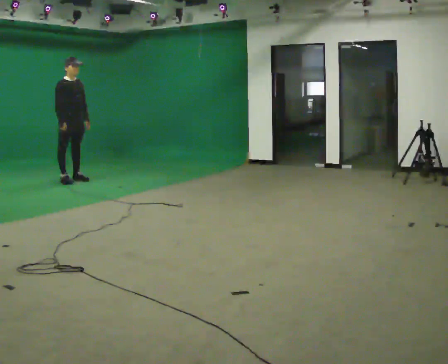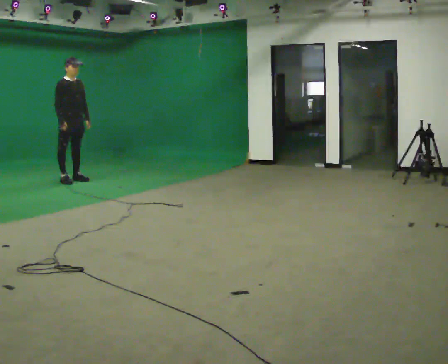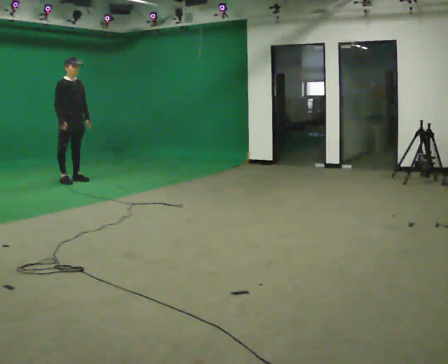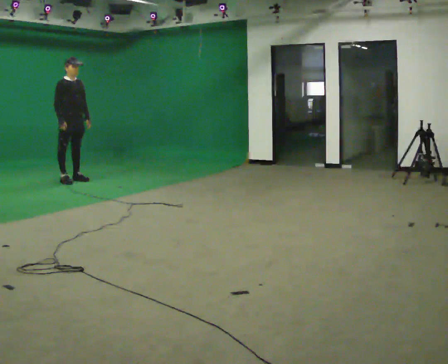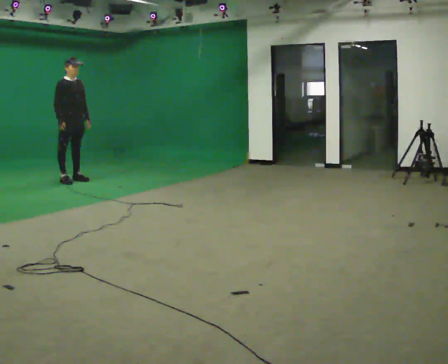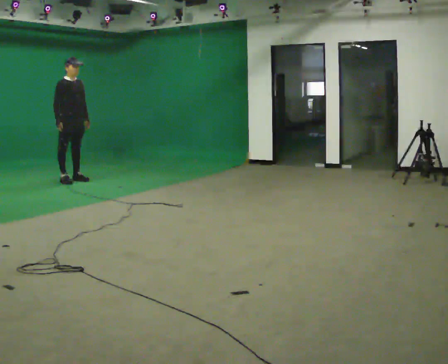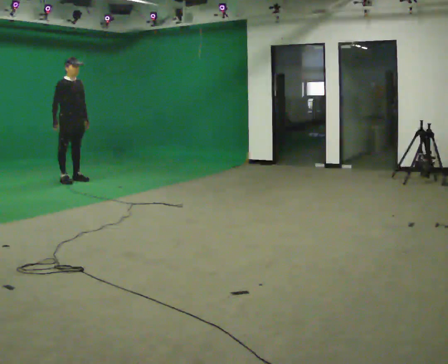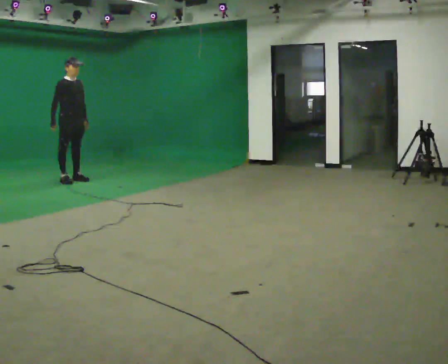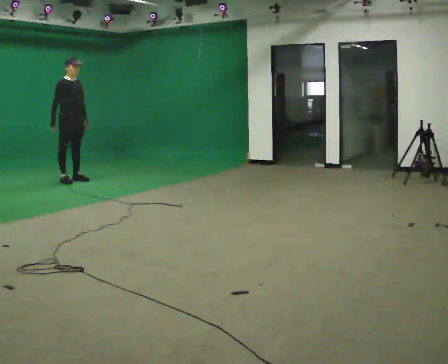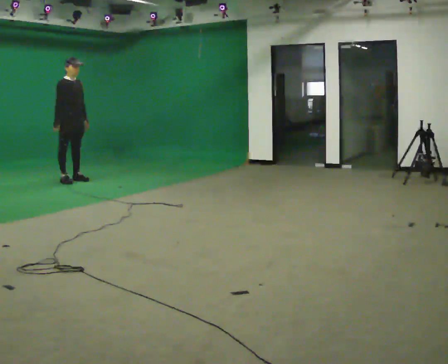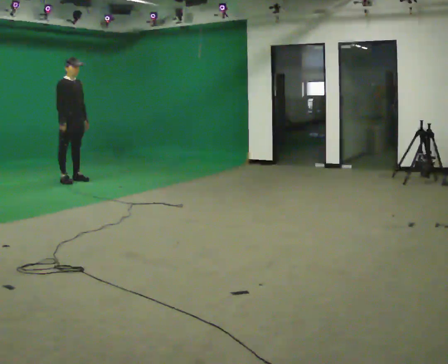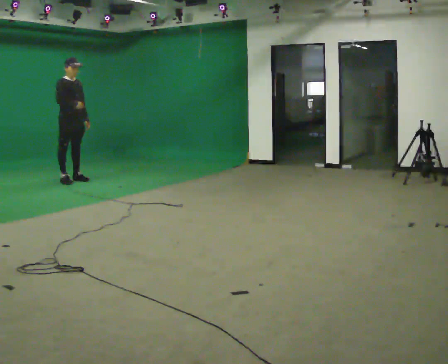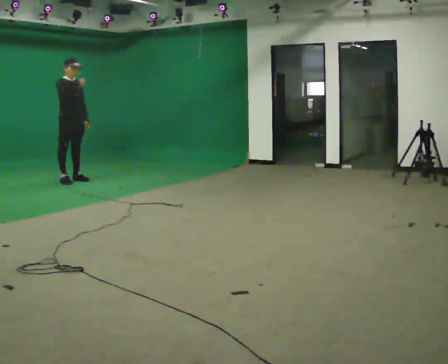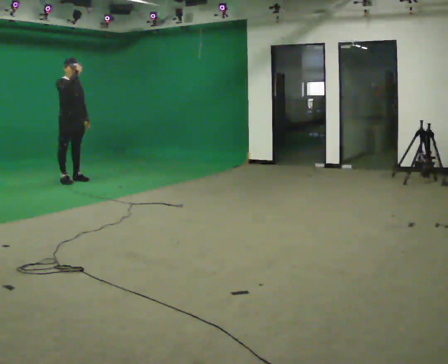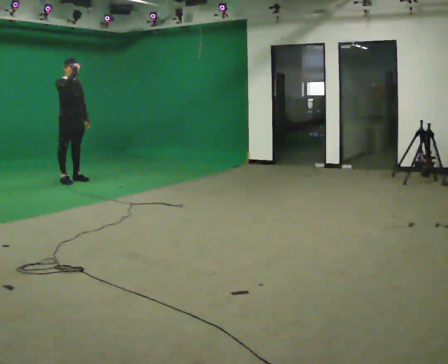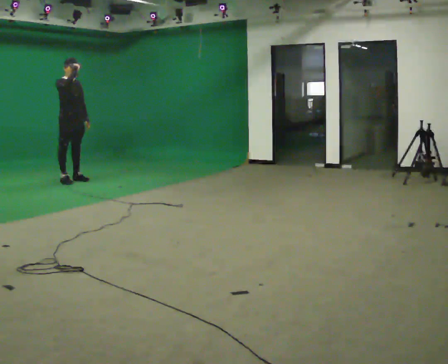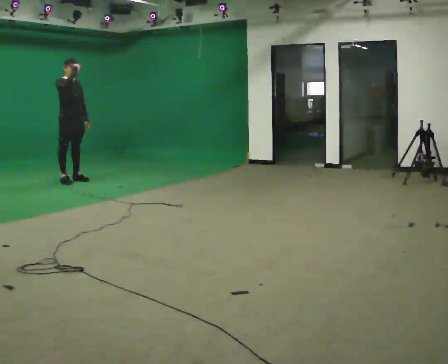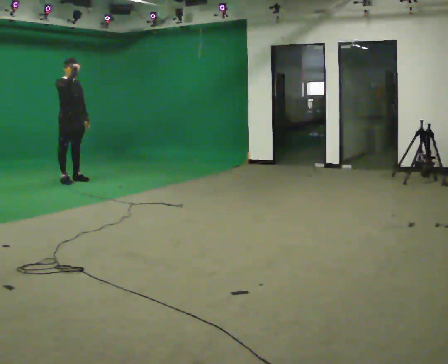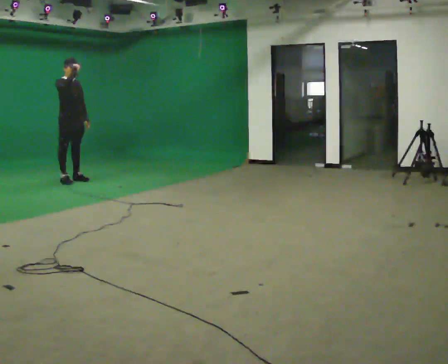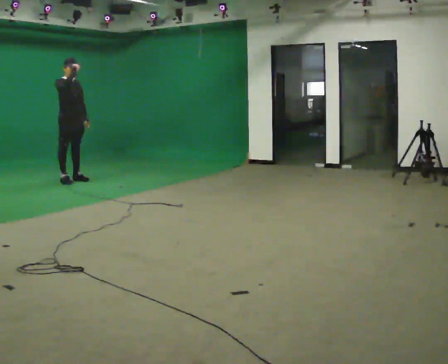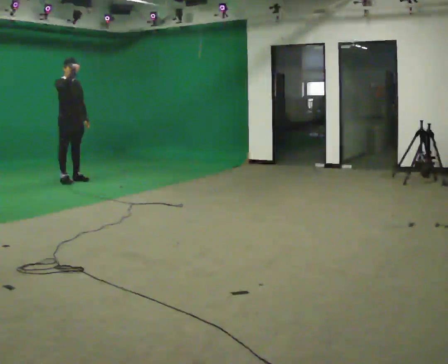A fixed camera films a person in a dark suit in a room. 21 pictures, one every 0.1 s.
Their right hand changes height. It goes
upward.
0.0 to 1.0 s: The person moves a little, or ends about where they began.
1.0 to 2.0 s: In the picture their right hand goes upward.
The film runs backward here.
